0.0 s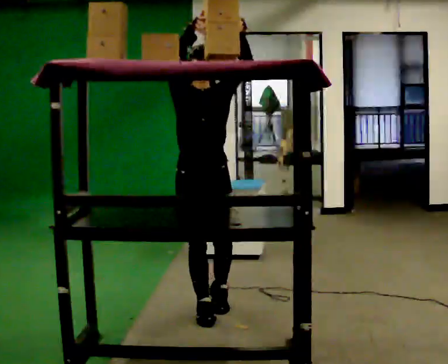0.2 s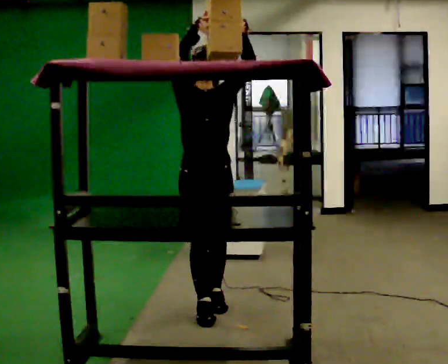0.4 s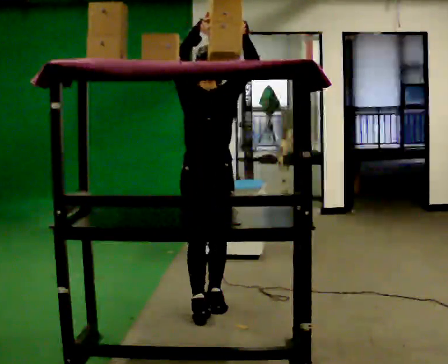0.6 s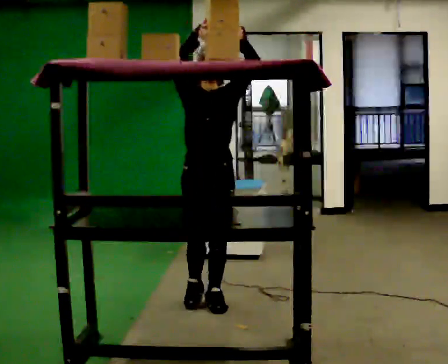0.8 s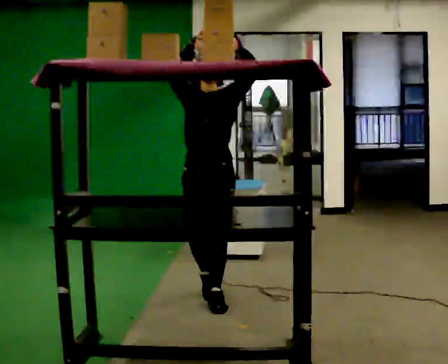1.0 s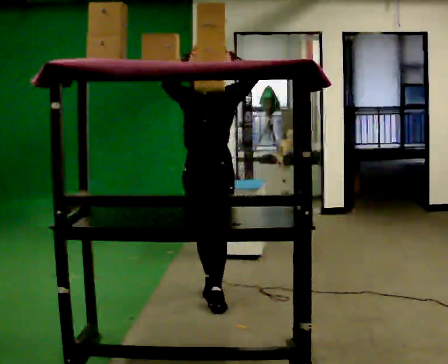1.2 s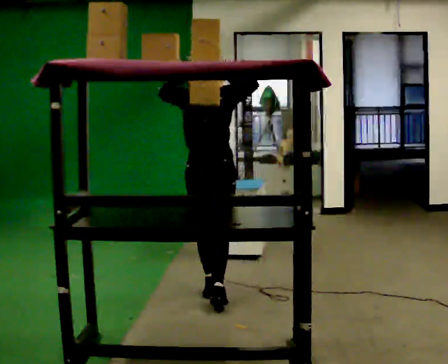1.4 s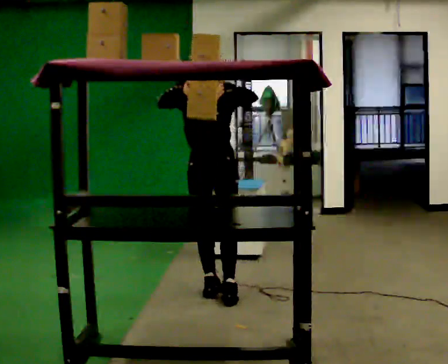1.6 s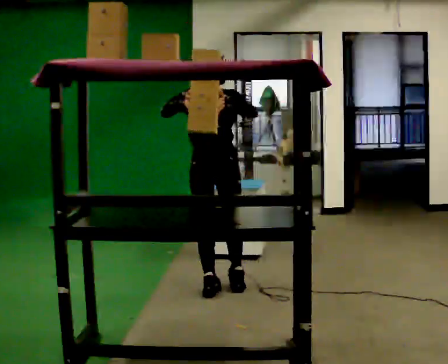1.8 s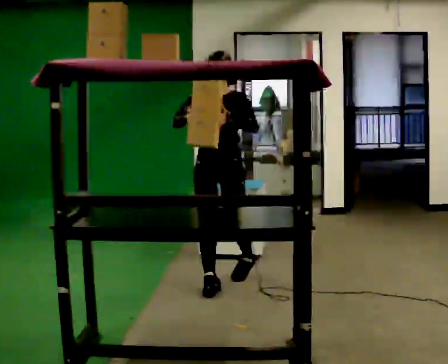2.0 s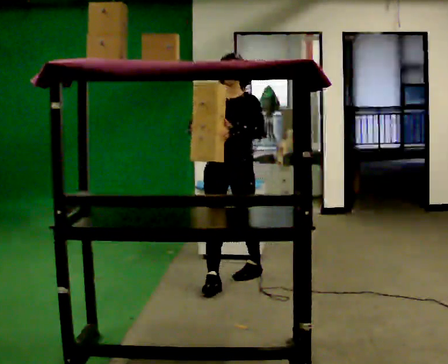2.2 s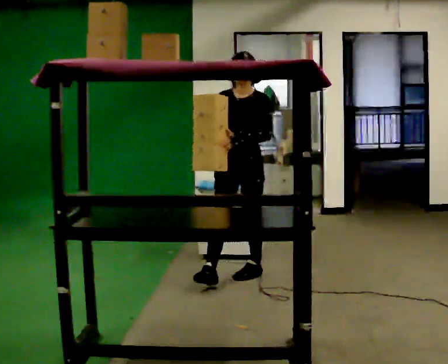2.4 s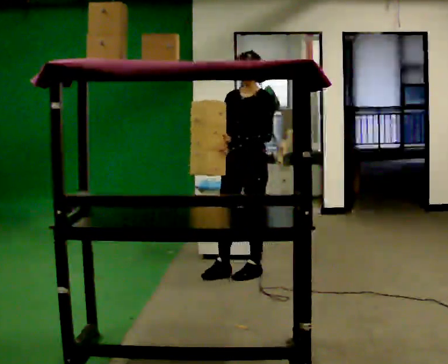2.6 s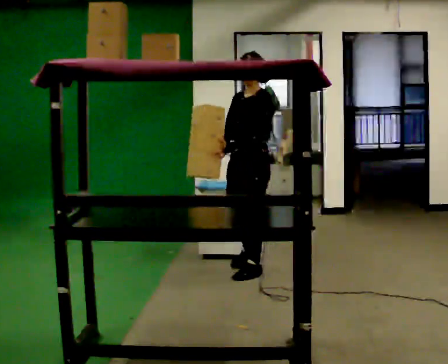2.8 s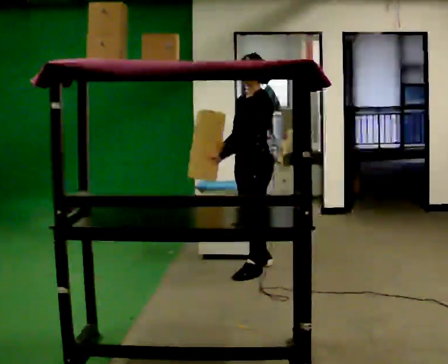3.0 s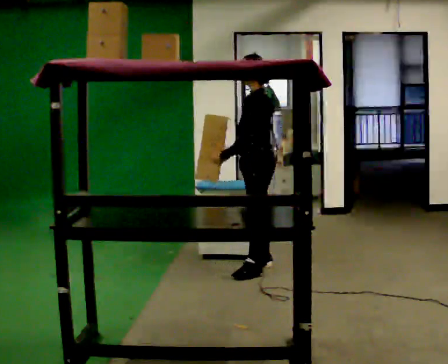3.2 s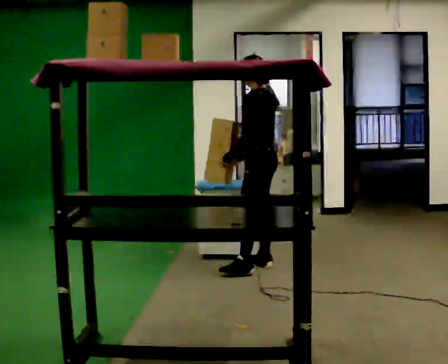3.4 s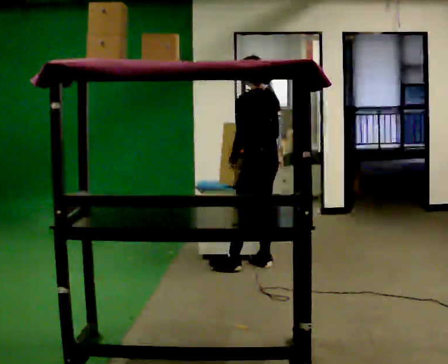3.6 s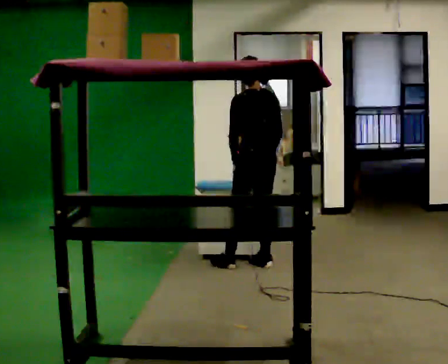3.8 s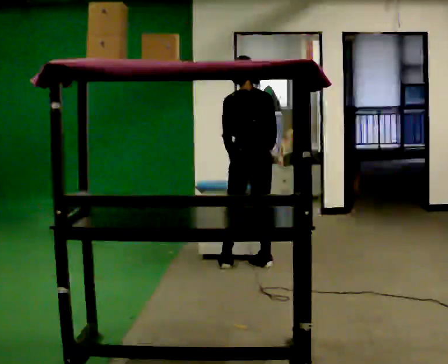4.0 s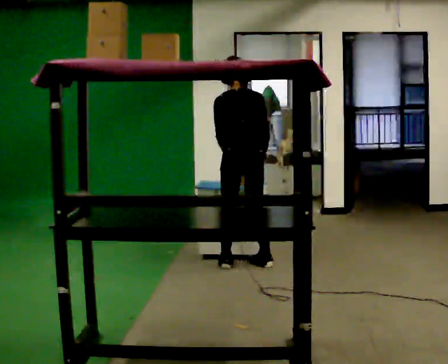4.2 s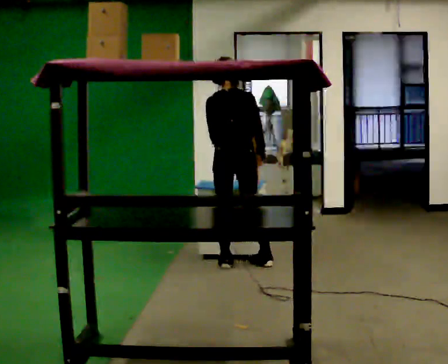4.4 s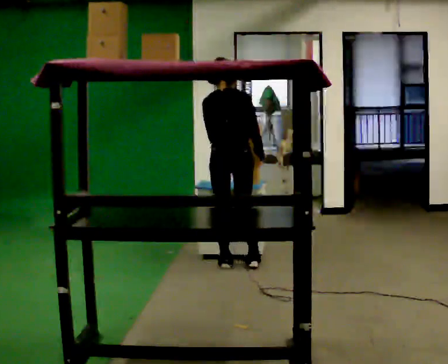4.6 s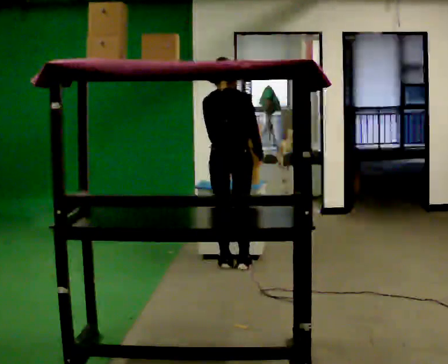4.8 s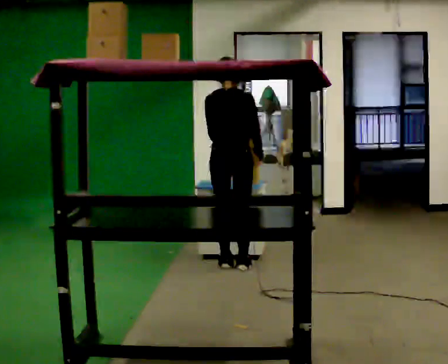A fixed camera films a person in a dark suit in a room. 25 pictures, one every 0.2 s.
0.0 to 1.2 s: In the picture they go away from the camera, about 0.5 m in 1 step, which for them is backward.
1.2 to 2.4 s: In the picture they go away from the camera and to the right, about 0.5 m in 2 steps, which for them is backward. In the picture their right hand goes downward.
2.4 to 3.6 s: Seen from above the body turns clockwise, about 105 degrees: to their right, with its near side sliding to the left. In the picture they go away from the camera, about 0.25 m in 1 step.
3.6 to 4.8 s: Seen from above the body turns clockwise, about 45 degrees: to their right, with its near side sliding to the left. In the picture they go to the left, about 0.25 m in 1 step, which for them is to their left.
The film runs backward here.
